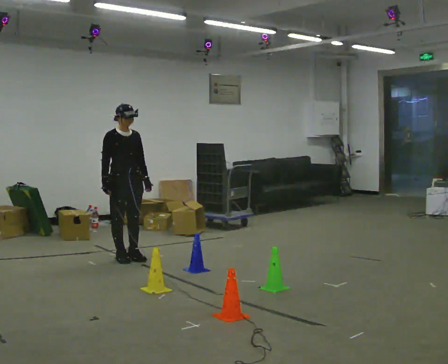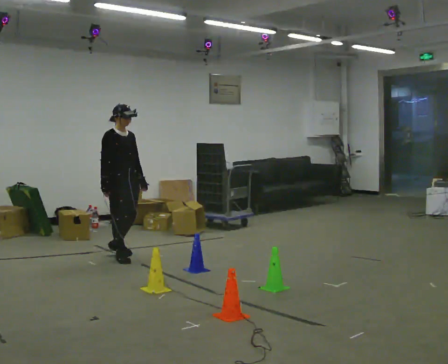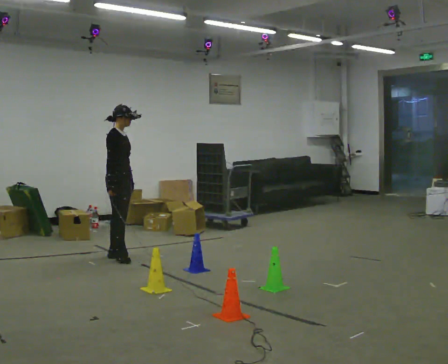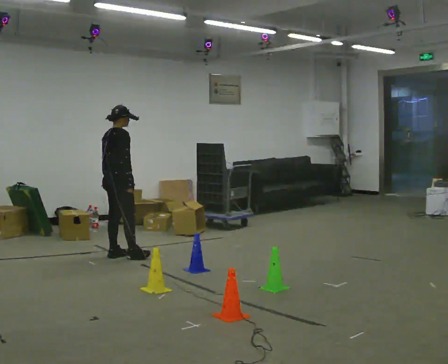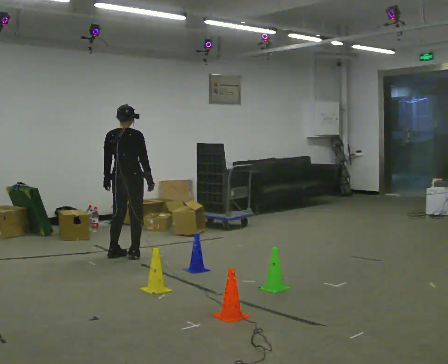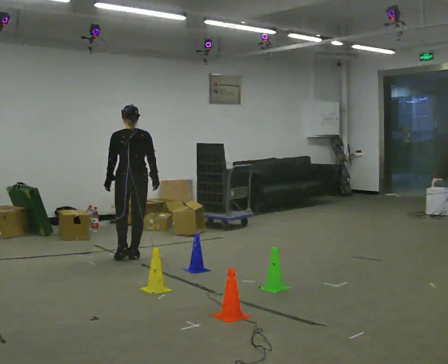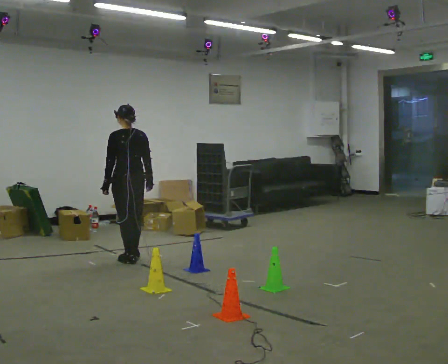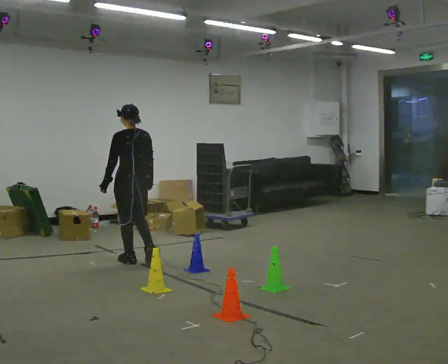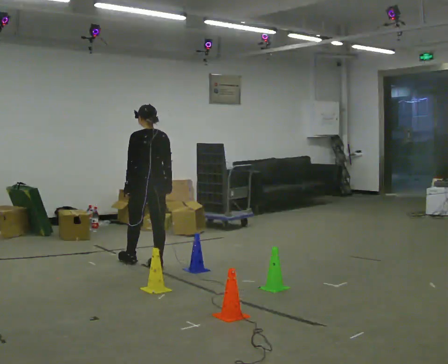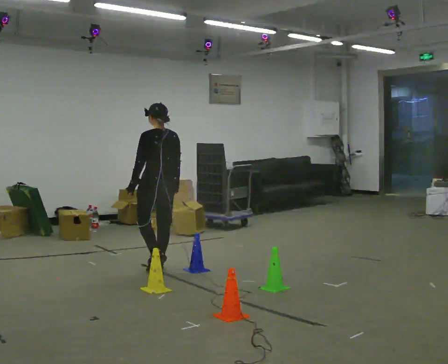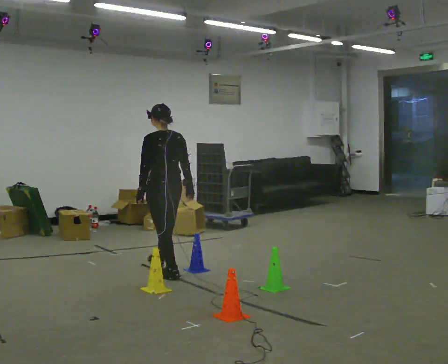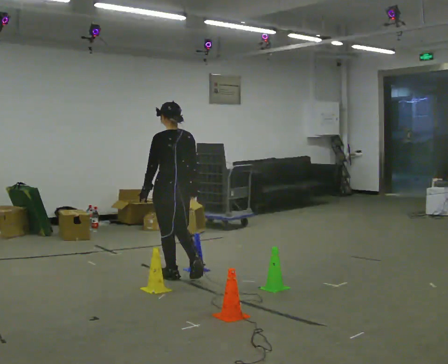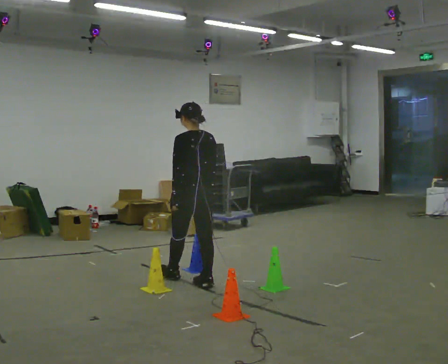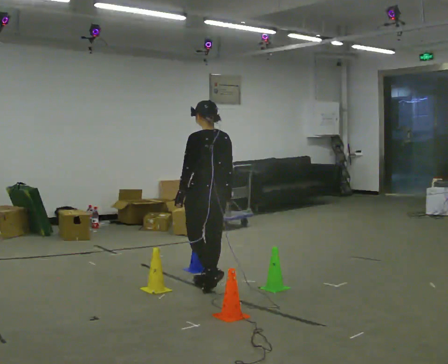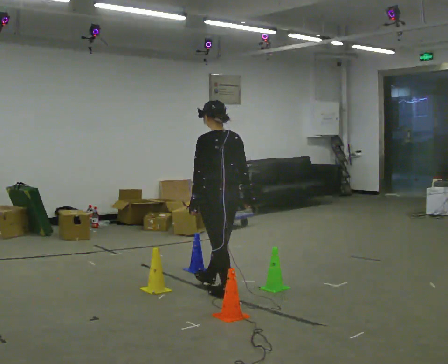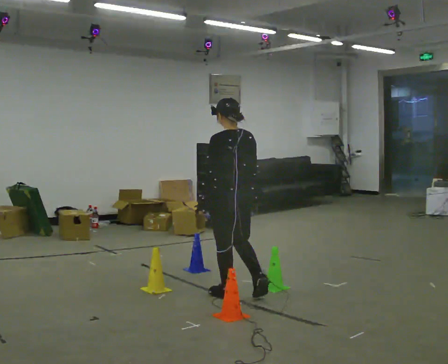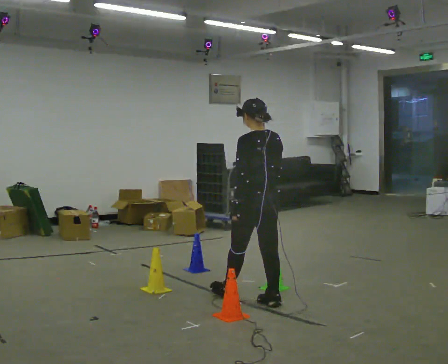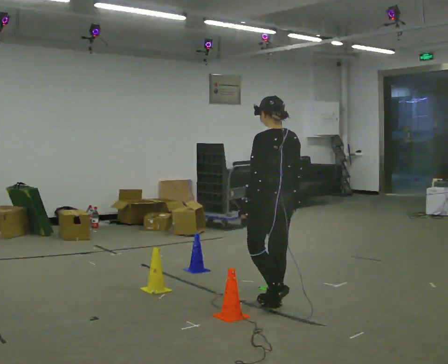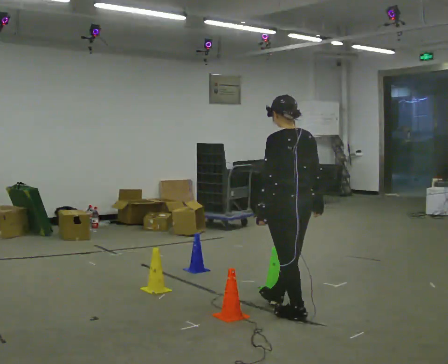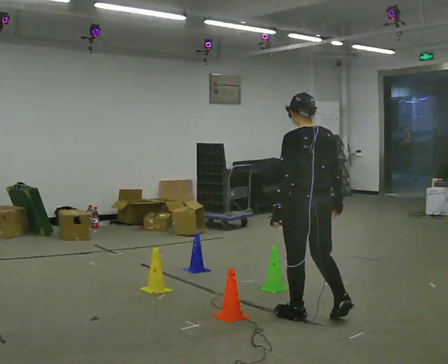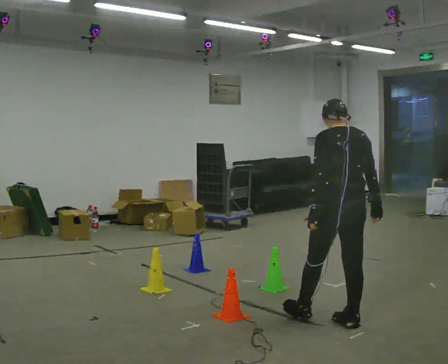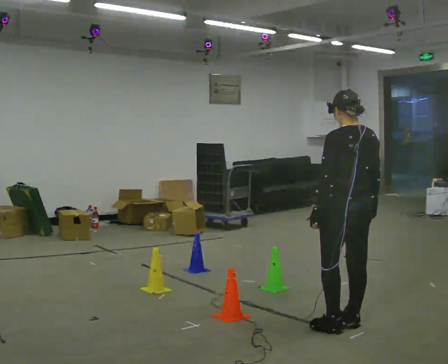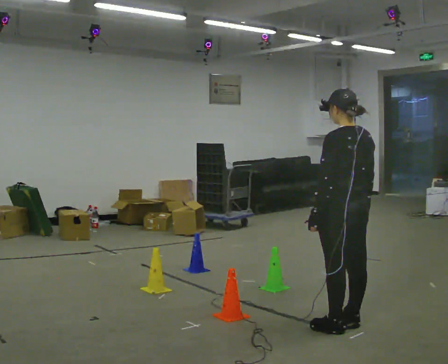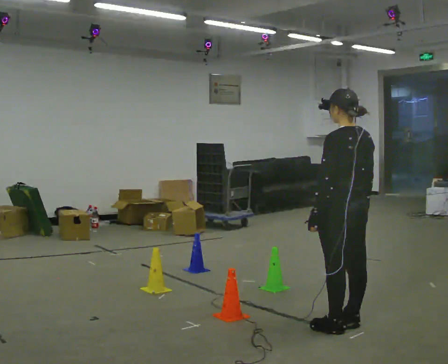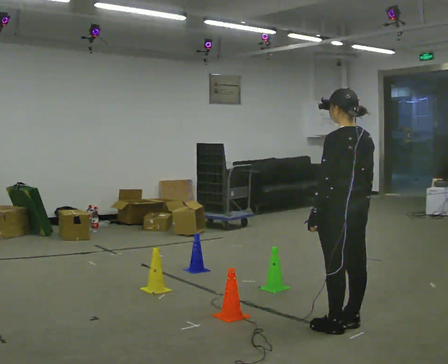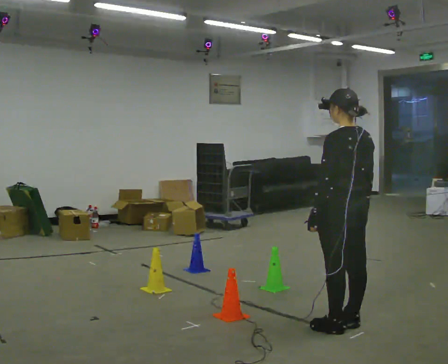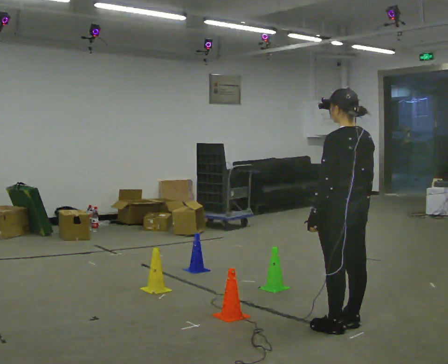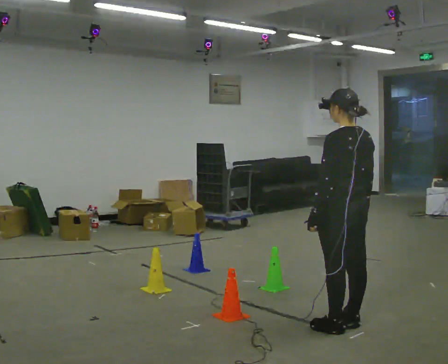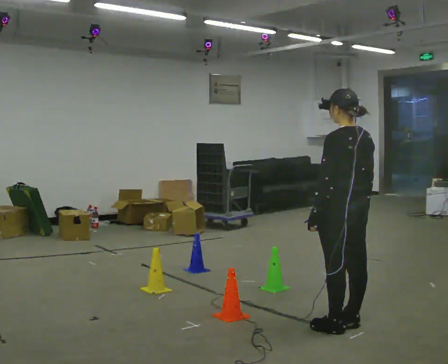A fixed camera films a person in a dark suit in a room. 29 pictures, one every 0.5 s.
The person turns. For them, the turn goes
to their left.
The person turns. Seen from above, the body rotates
counterclockwise.
0.0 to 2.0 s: Seen from above the body turns counterclockwise, about 120 degrees: to their left, with its near side sliding to the right. In the picture their left hand goes to the left, the arm swinging clockwise.
2.0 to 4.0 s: The person turns about 45 degrees to their left, counterclockwise seen from above, so the part of the body nearest the lens slides to the right. In the picture they go toward the camera and to the right, about 0.5 m in 2 steps, which for them is backward.
4.0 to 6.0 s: In the picture they go toward the camera and to the right, about 0.5 m in 2 steps, which for them is backward.
6.0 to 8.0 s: In the picture they go to the right and toward the camera, about 0.5 m in 2 steps, which for them is backward.
8.0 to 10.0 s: In the picture they go toward the camera and to the right, about 1 m in 3 steps, which for them is backward.
10.0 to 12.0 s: The person moves a little, or ends about where they began.
12.0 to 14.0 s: The person keeps their place and pose.
The film runs backward here.
